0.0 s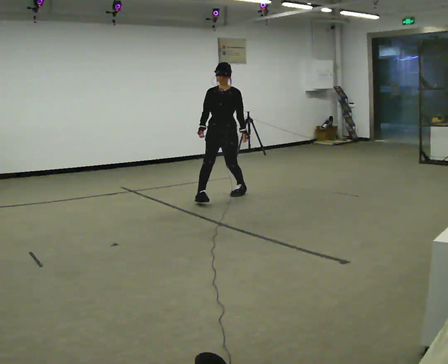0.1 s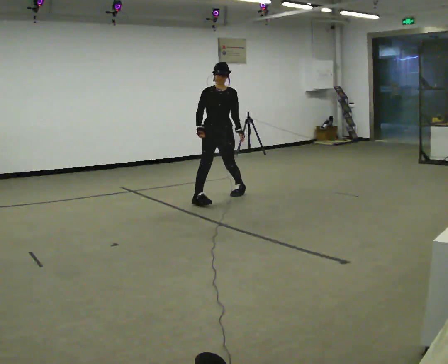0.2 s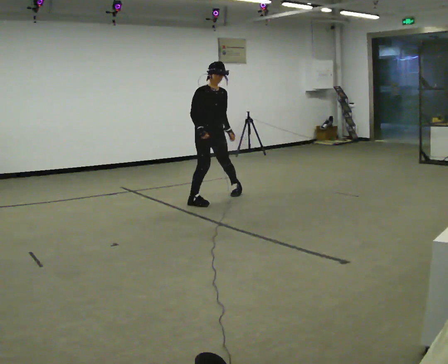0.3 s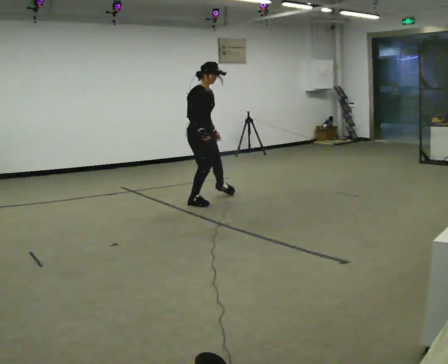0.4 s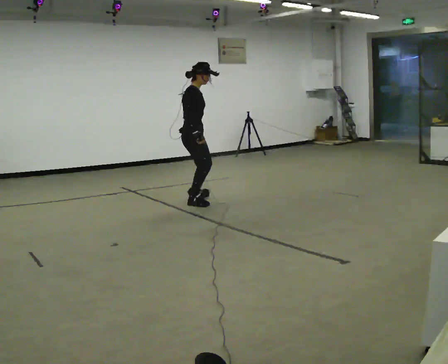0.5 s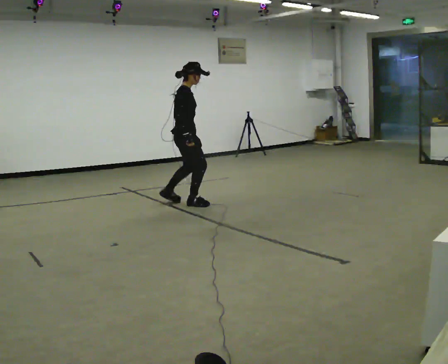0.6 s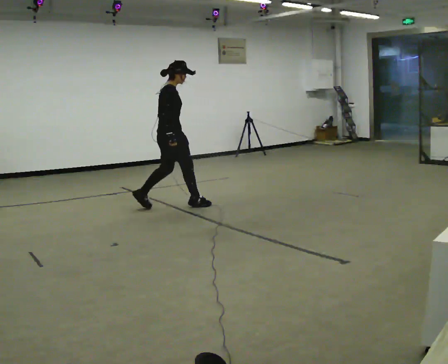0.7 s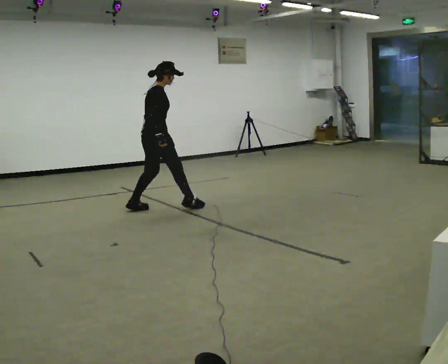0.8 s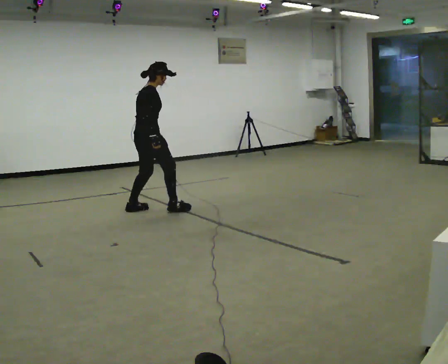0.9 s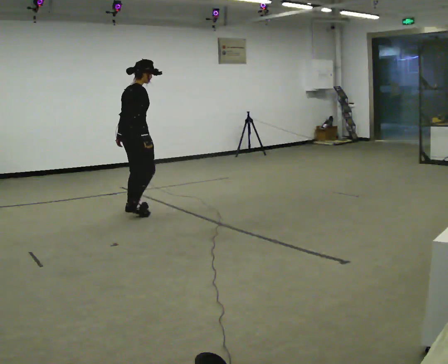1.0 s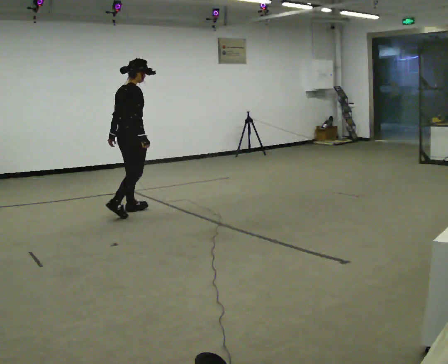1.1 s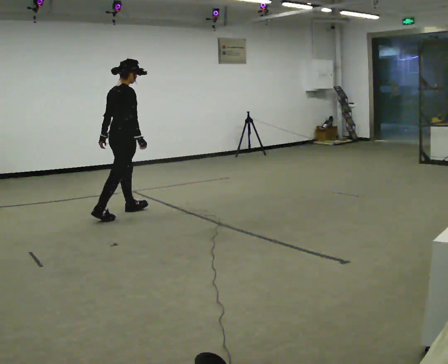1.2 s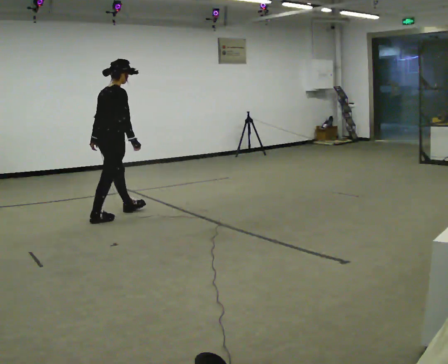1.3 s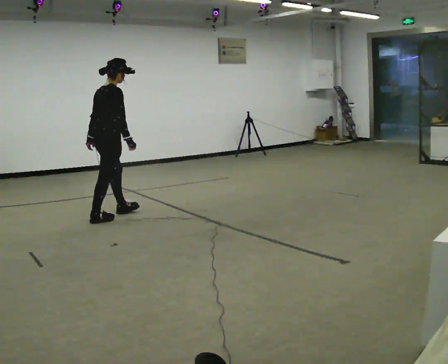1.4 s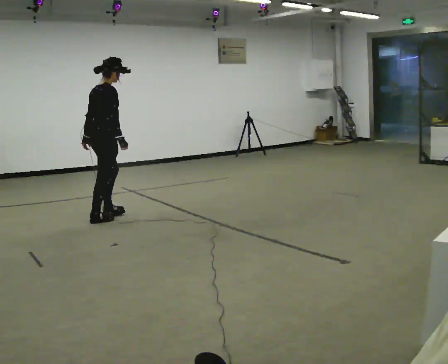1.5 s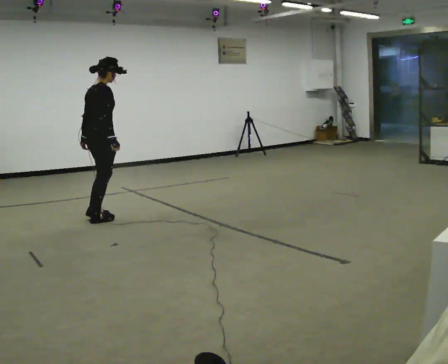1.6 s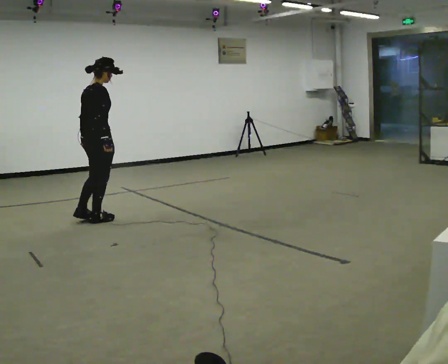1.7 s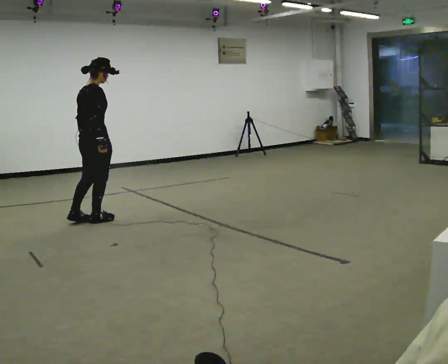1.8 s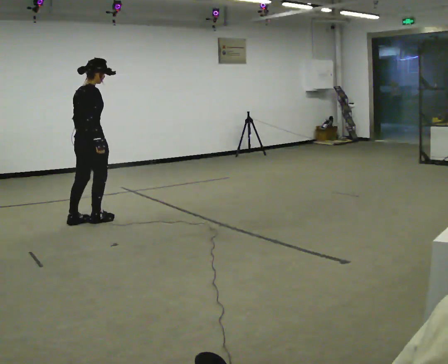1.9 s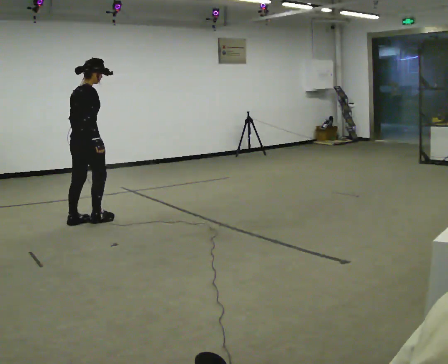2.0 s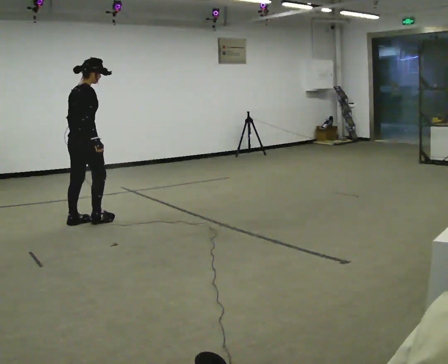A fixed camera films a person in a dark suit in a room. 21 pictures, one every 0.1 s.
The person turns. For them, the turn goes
to their left.
The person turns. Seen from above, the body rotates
counterclockwise.
0.0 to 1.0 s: The person turns about 135 degrees to their left, counterclockwise seen from above, so the part of the body nearest the lens slides to the right. In the picture they go to the left and toward the camera, about 1 m in 2 steps.
1.0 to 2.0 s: In the picture they go to the left and toward the camera, about 0.5 m in 2 steps, which for them is backward.
The film runs forward here.
